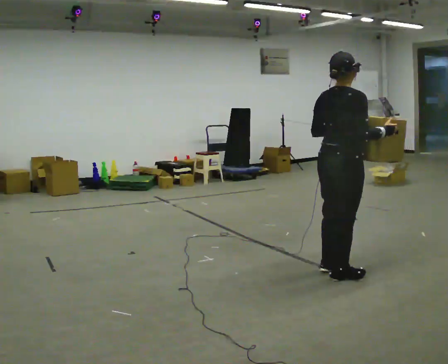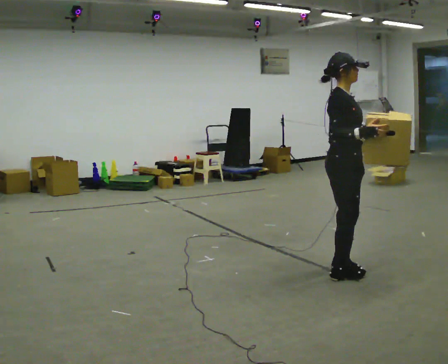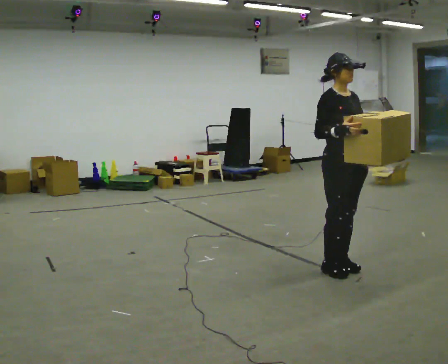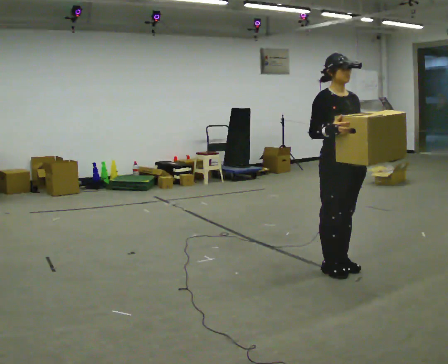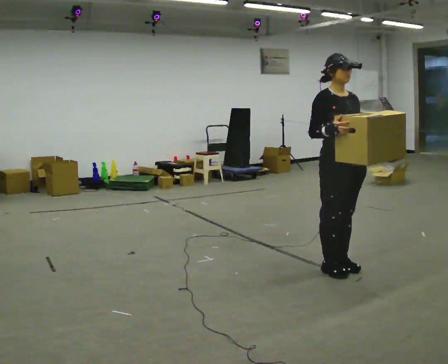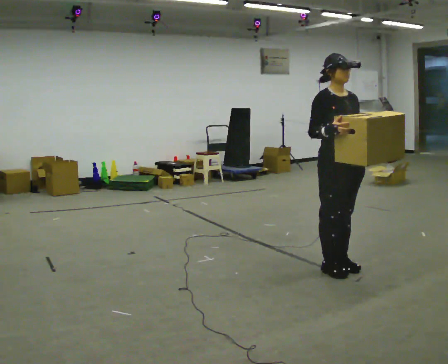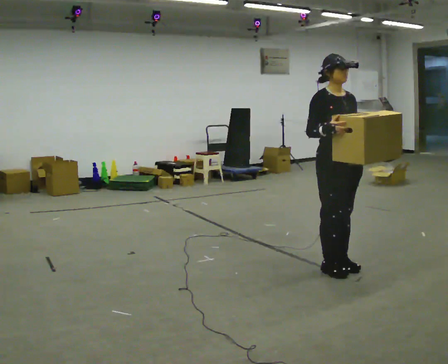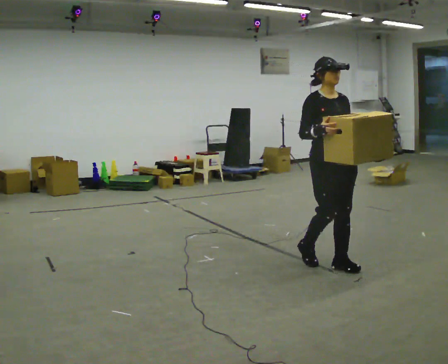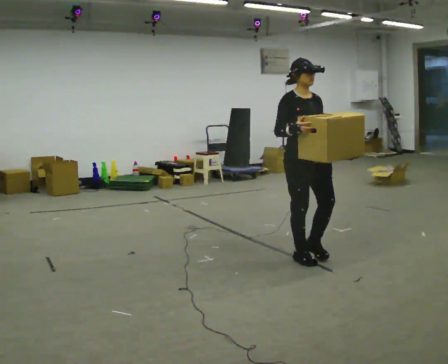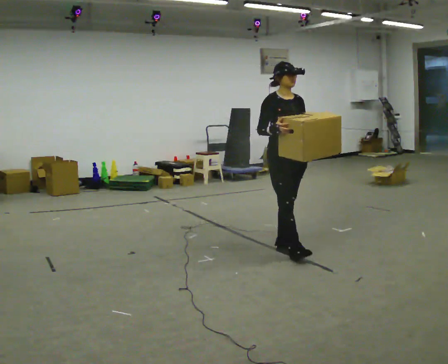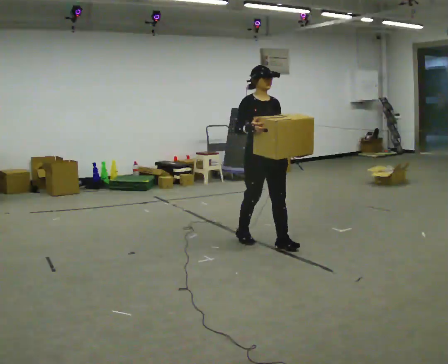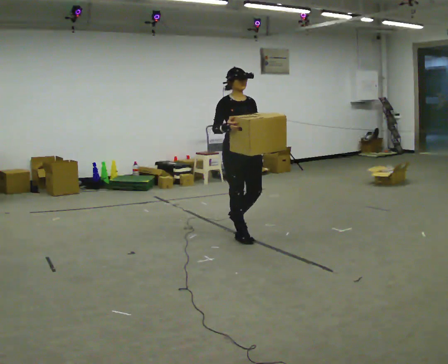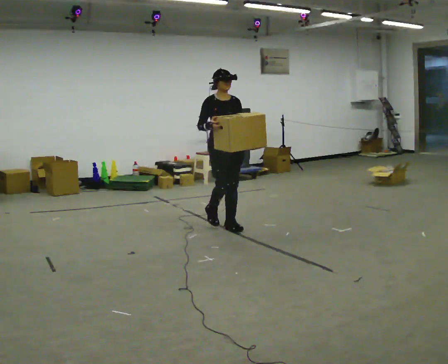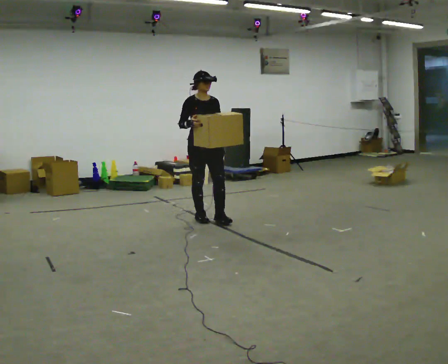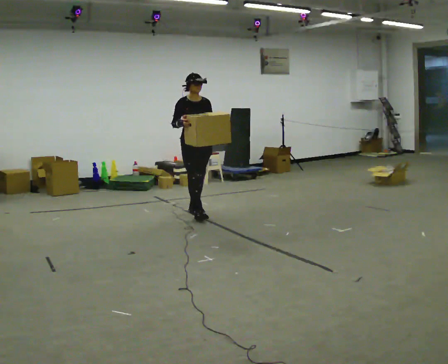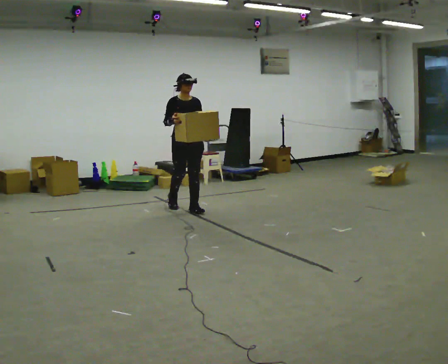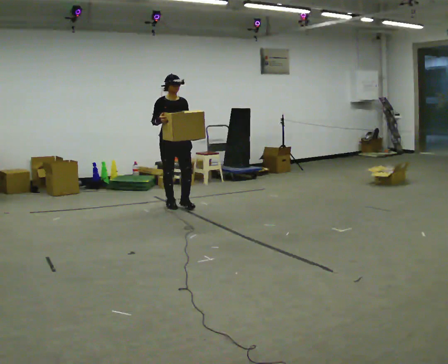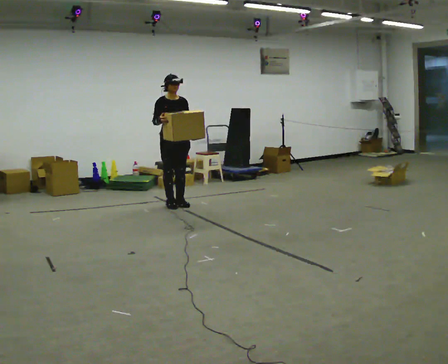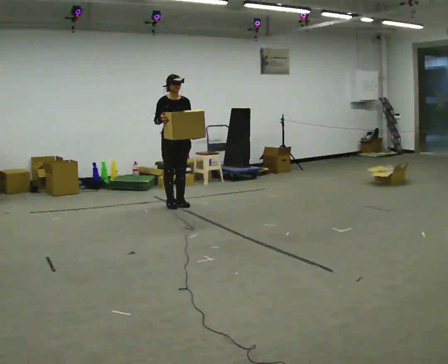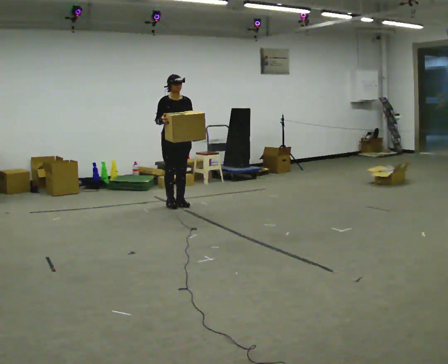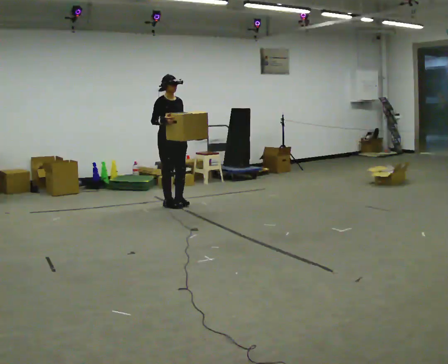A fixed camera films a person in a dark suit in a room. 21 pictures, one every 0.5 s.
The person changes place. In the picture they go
away from the camera.
0.0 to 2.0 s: The person turns about 105 degrees to their right, clockwise seen from above, so the part of the body nearest the lens slides to the left. In the picture their left hand goes to the right.
2.0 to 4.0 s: In the picture they go away from the camera and to the left, about 0.25 m in 2 steps, which for them is backward.
4.0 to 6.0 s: In the picture they go away from the camera and to the left, about 1.5 m in 3 steps, which for them is backward.
6.0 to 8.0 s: In the picture they go away from the camera and to the left, about 1 m in 3 steps, which for them is backward.
8.0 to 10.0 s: The person moves a little, or ends about where they began.
The film runs backward here.
